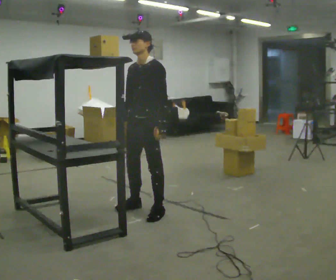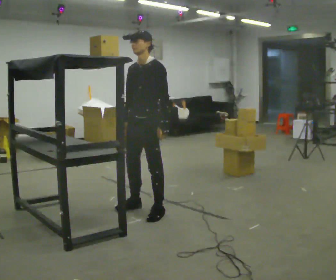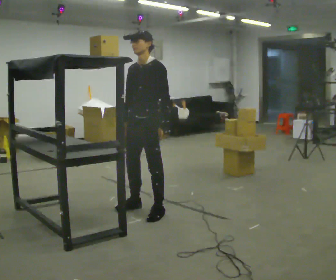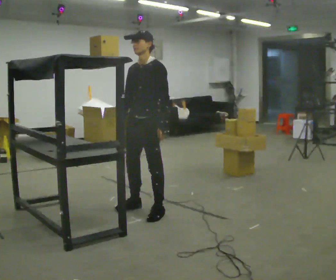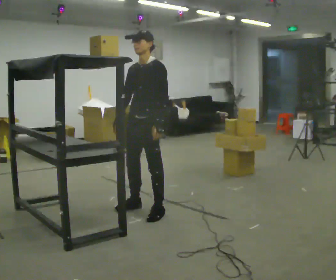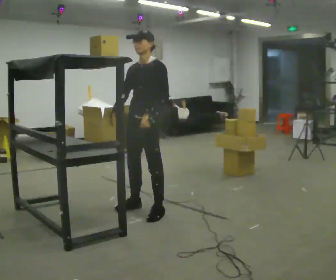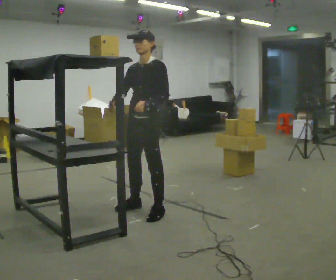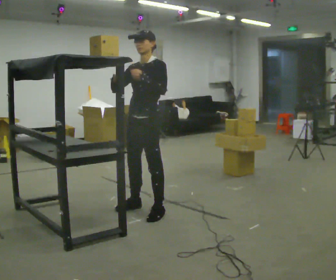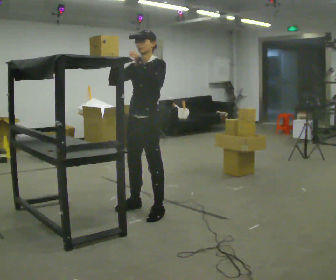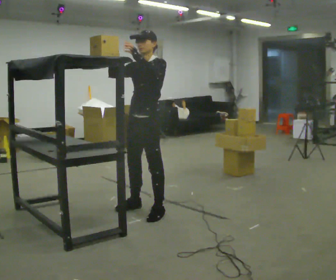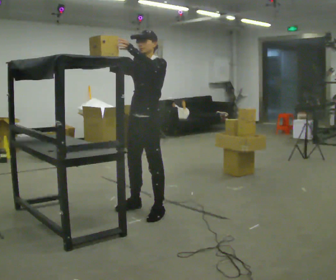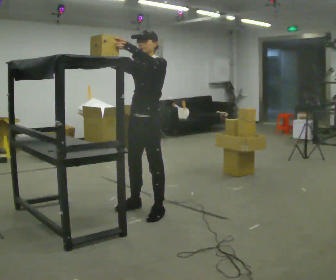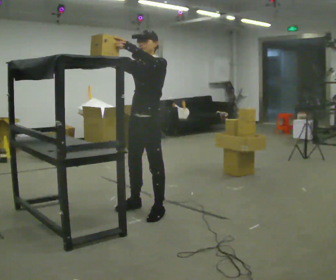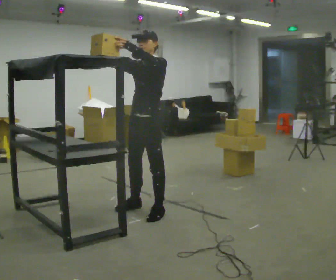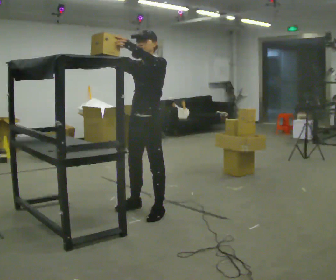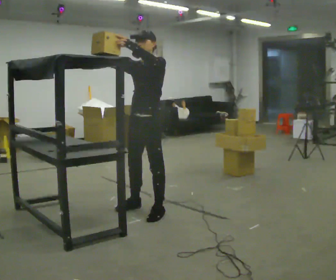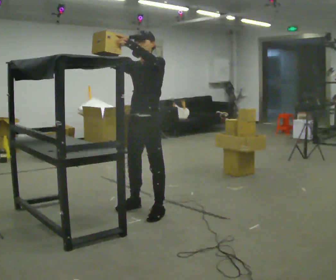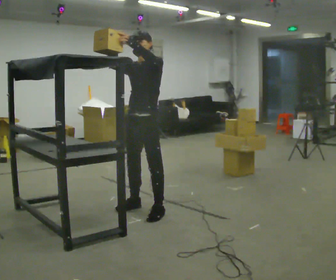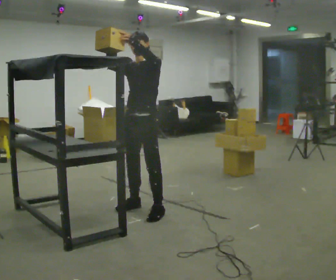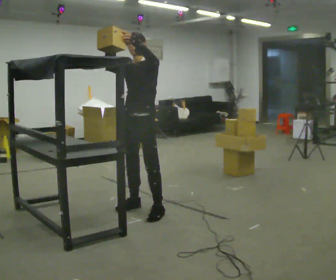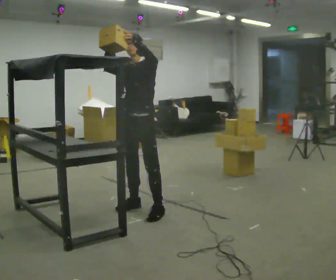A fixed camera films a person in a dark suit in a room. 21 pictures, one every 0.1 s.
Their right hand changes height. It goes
upward.
Their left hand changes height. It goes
upward.
0.0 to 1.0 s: In the picture their right hand goes upward.
1.0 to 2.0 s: The person moves a little, or ends about where they began.
The film runs backward here.
